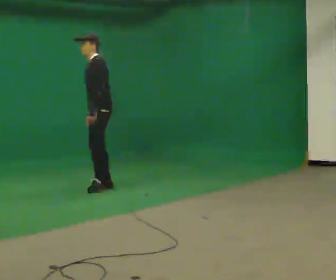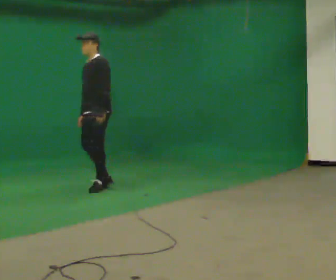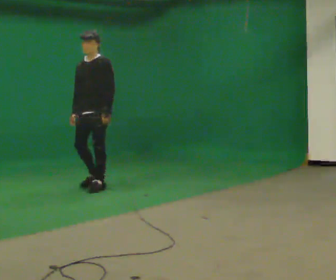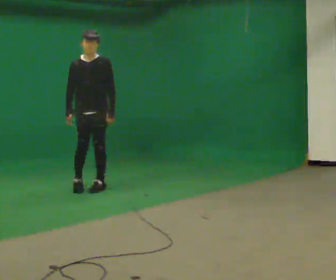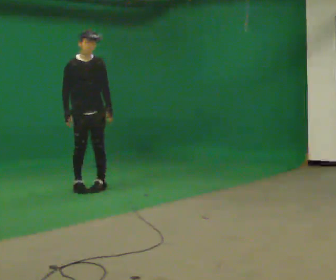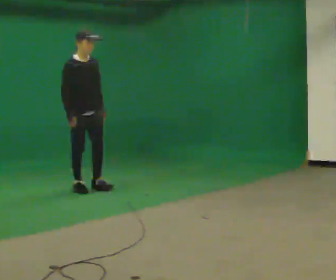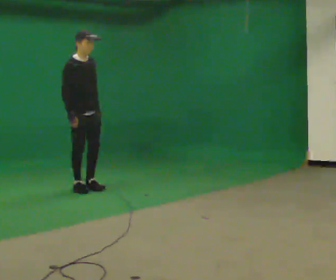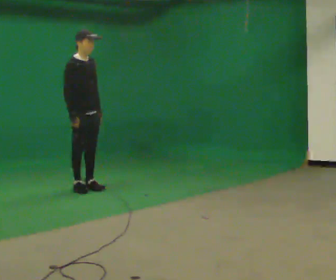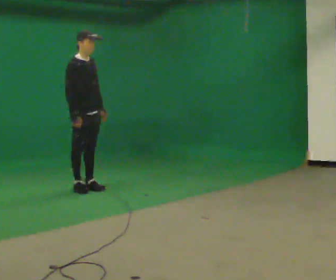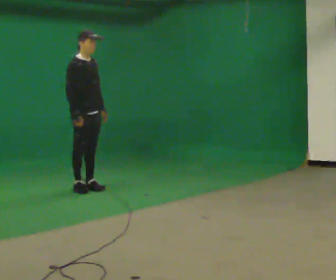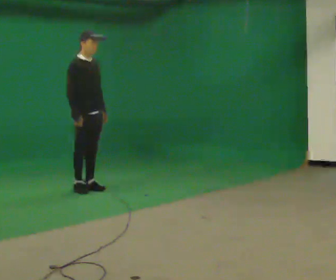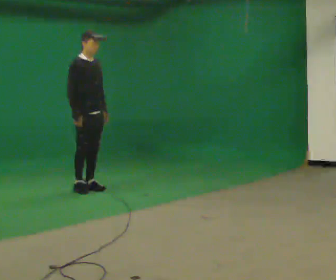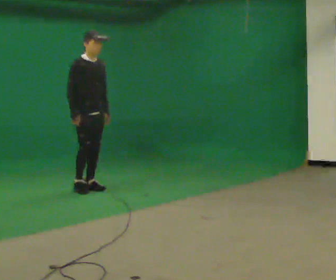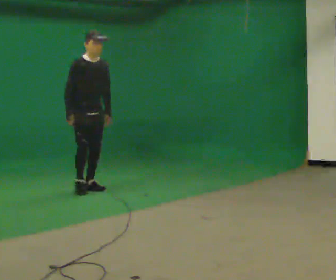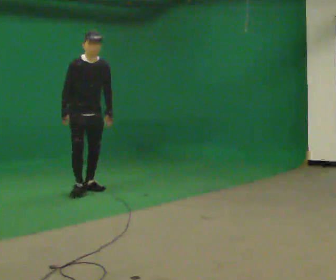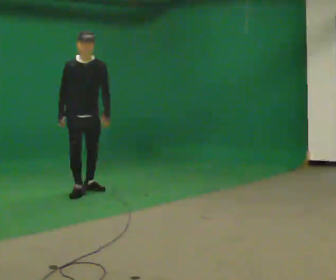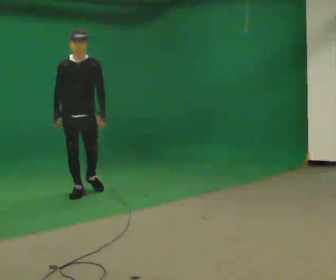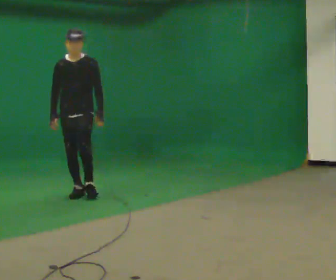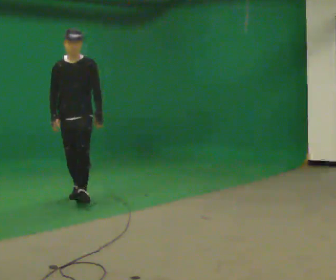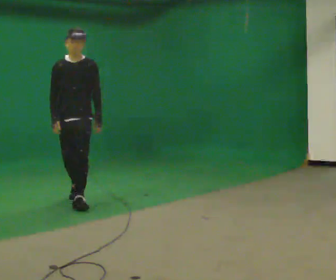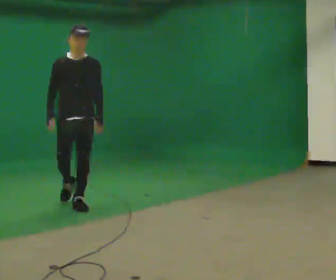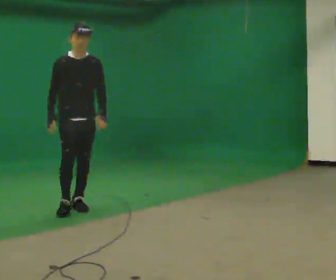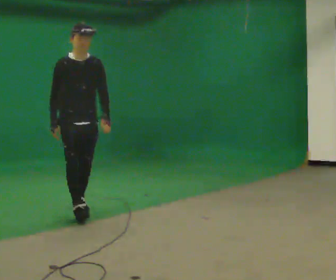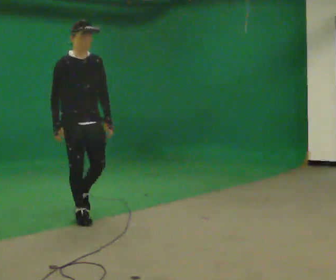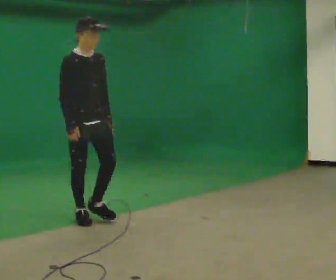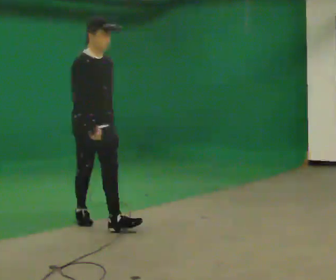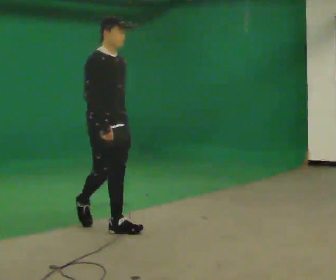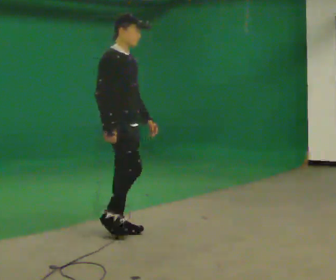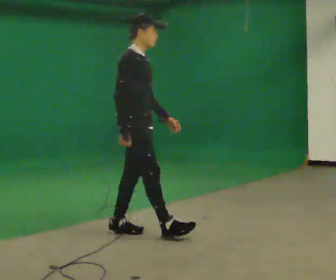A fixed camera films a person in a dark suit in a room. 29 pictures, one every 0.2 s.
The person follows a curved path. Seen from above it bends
counterclockwise.
The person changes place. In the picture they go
toward the camera.
0.0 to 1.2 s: The person turns about 120 degrees to their left, counterclockwise seen from above, so the part of the body nearest the lens slides to the right. In the picture they go to the left, about 0.25 m in 1 step.
1.2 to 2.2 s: The person moves a little, or ends about where they began.
2.2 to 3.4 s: The part of the body nearest the lens slides to the left as the person turns to their right by about 60 degrees. In the picture they go toward the camera, about 0.25 m in 1 step, which for them is forward and to their right.
3.4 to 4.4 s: The person turns about 30 degrees to their left, counterclockwise seen from above, so the part of the body nearest the lens slides to the right. In the picture they go toward the camera, about 1 m in 1 step, which for them is forward.
4.4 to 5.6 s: The part of the body nearest the lens slides to the right as the person turns to their left by about 60 degrees. In the picture they go toward the camera and to the right, about 1 m in 2 steps, which for them is forward.
The film runs forward here.
